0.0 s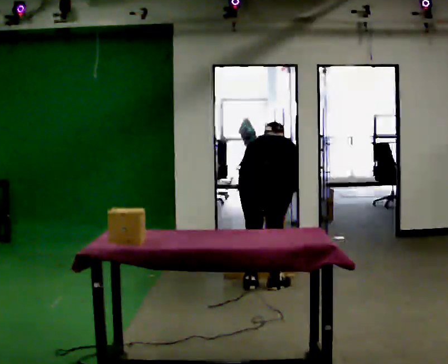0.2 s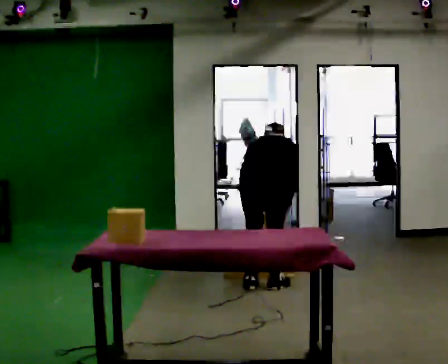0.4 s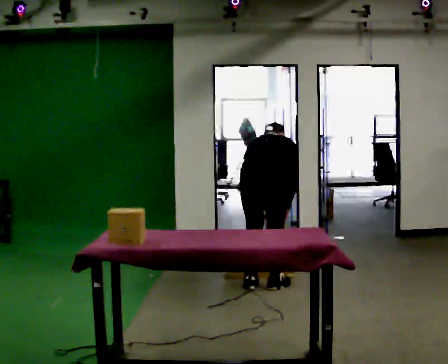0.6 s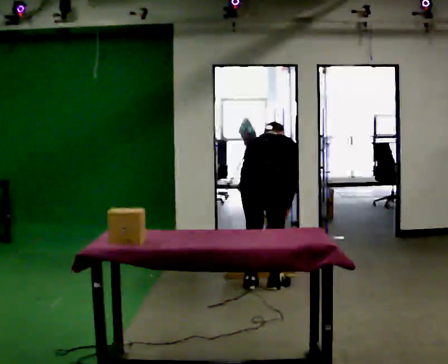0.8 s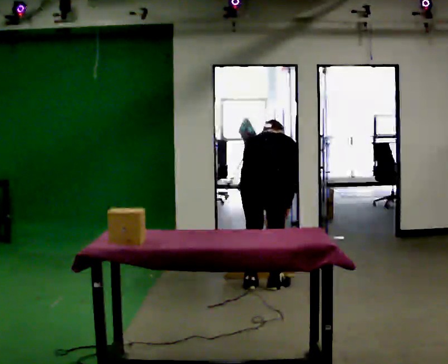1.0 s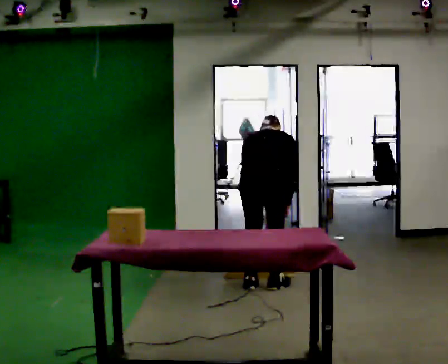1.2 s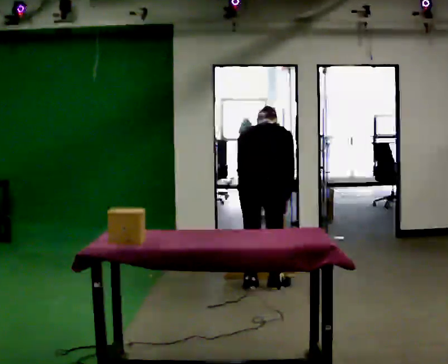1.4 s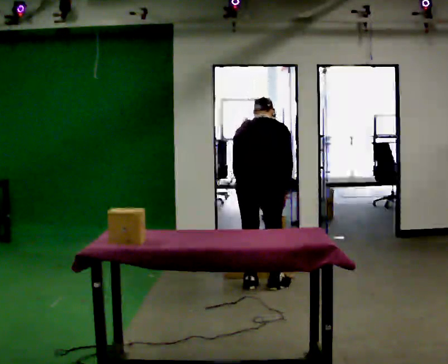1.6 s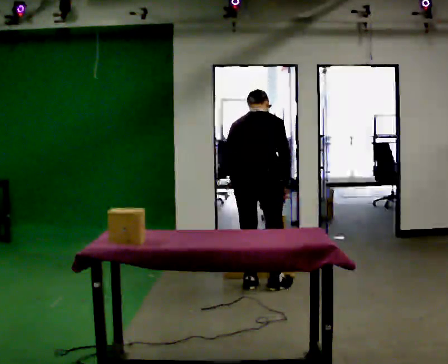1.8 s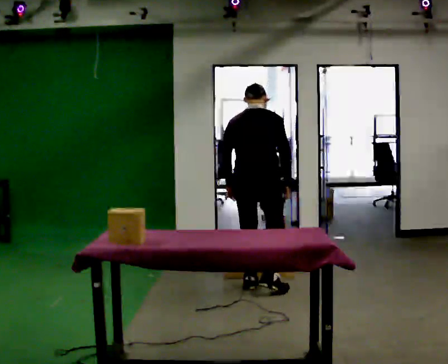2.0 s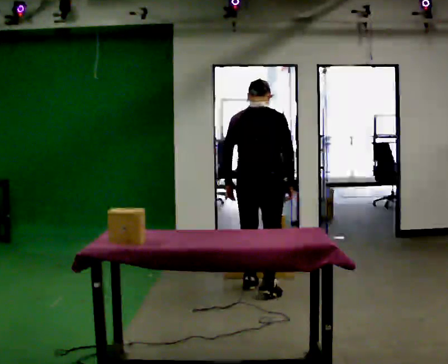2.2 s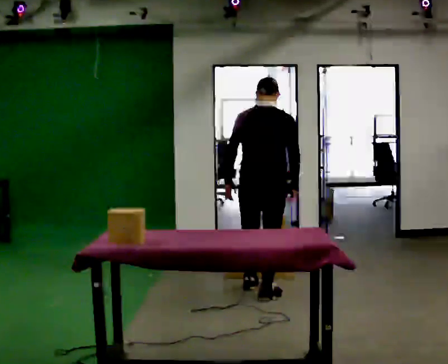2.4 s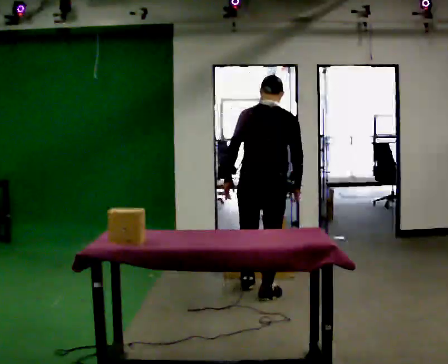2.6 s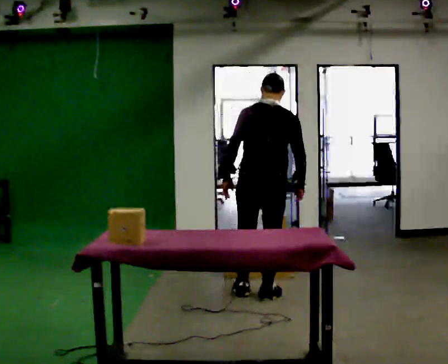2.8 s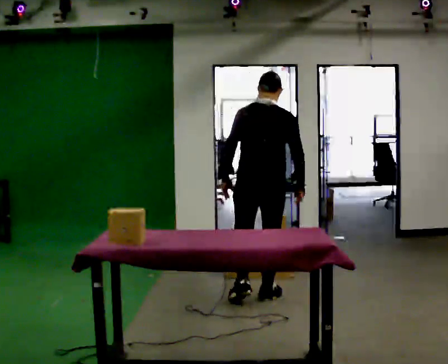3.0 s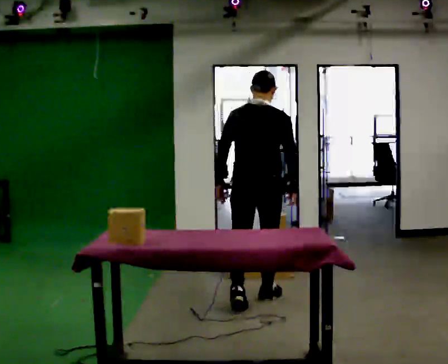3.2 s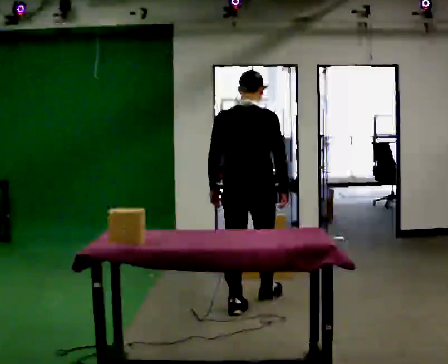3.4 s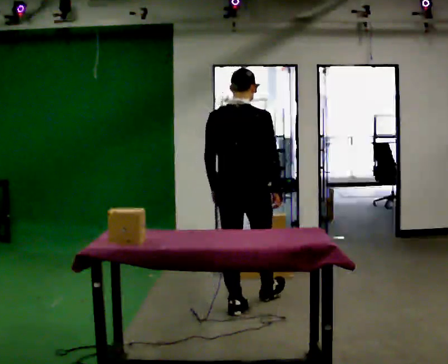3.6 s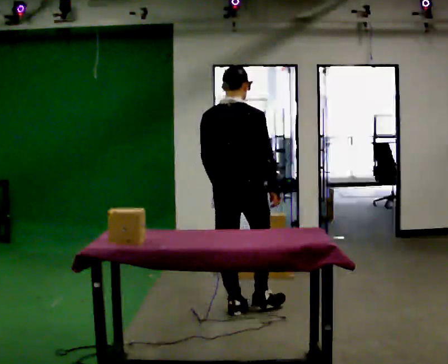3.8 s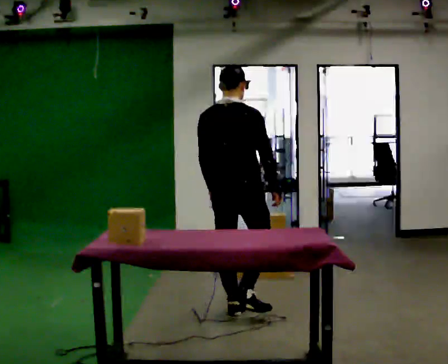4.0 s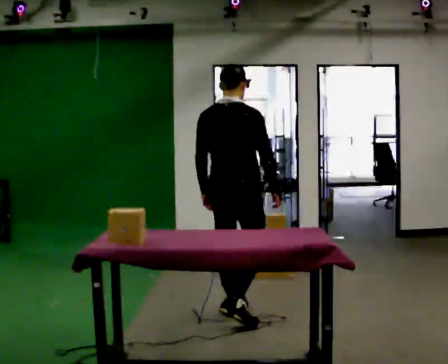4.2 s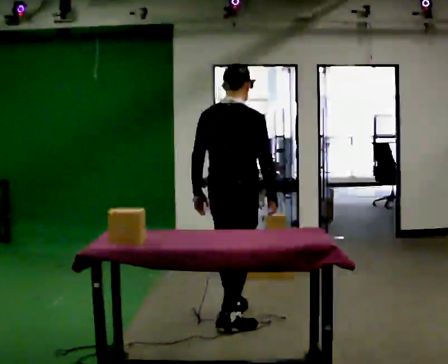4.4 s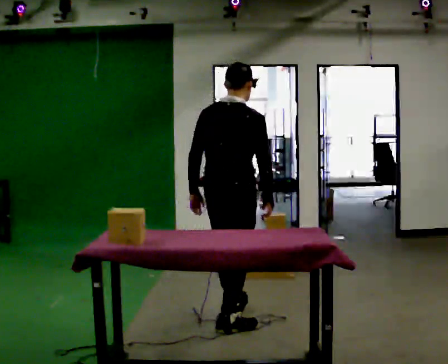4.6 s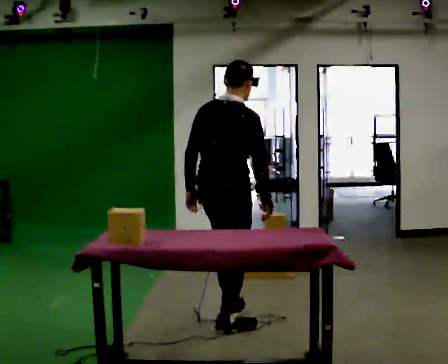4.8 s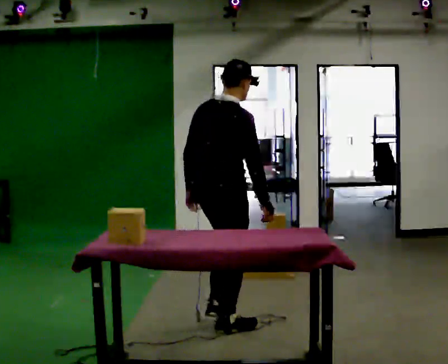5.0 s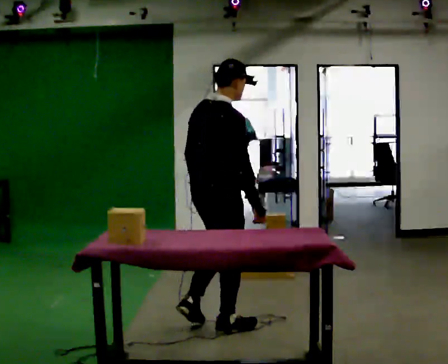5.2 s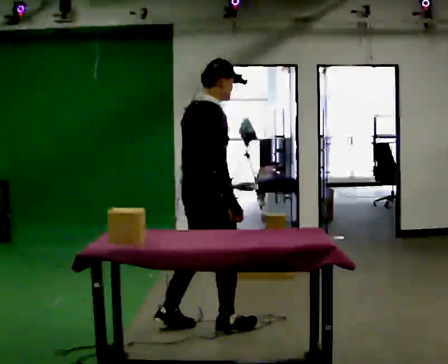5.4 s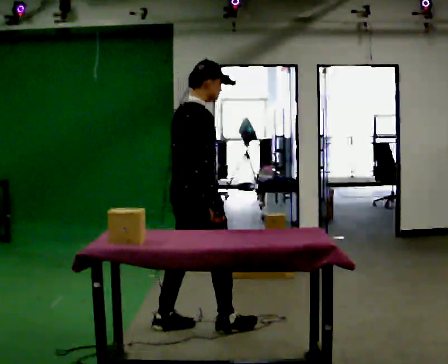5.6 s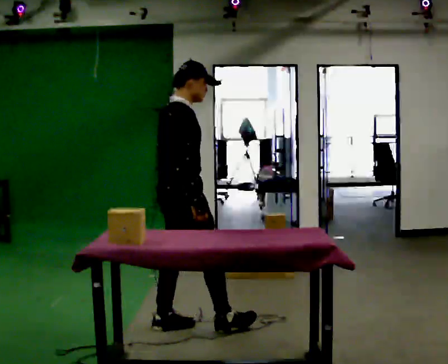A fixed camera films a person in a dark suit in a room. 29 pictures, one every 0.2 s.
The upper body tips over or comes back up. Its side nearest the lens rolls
downward.
The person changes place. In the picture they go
toward the camera.
0.0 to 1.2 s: The person moves a little, or ends about where they began.
1.2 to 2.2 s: The upper body tips toward the camera, its near side rolling downward, as they lean back or straighten.
2.2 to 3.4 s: In the picture they go toward the camera, about 0.5 m in 2 steps, which for them is backward.
3.4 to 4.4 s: In the picture they go toward the camera, about 0.5 m, which for them is backward.
4.4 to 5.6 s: The part of the body nearest the lens slides to the left as the person turns to their right by about 30 degrees. In the picture they go to the left, about 0.25 m in 1 step, which for them is backward and to their left.
The film runs backward here.
